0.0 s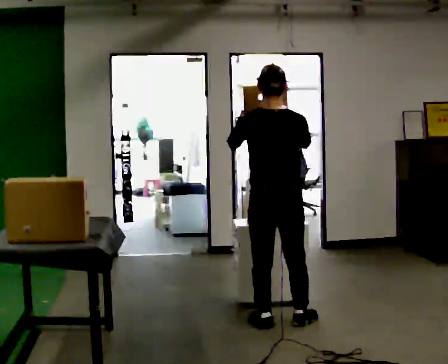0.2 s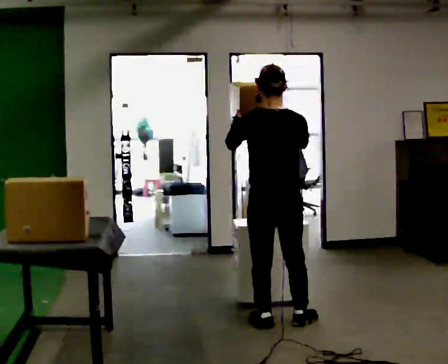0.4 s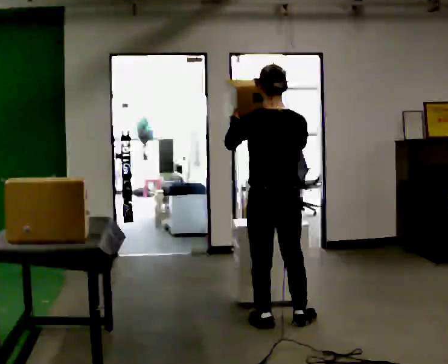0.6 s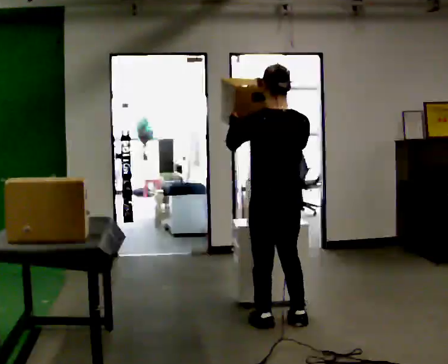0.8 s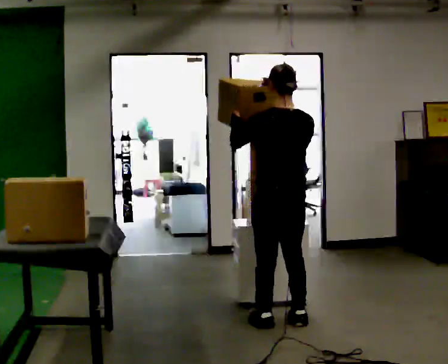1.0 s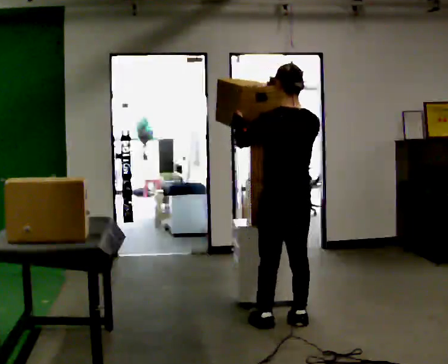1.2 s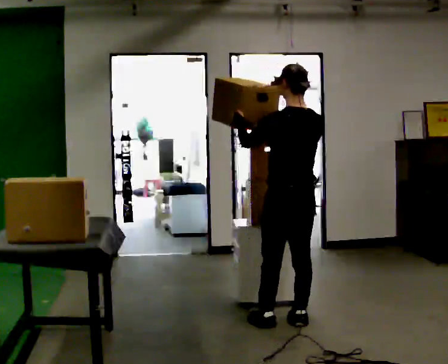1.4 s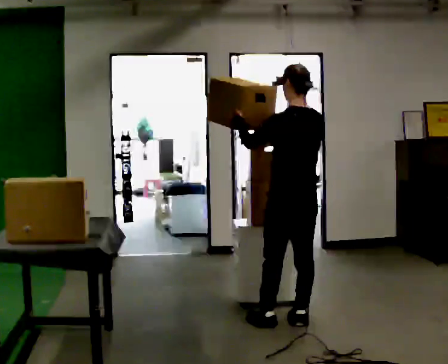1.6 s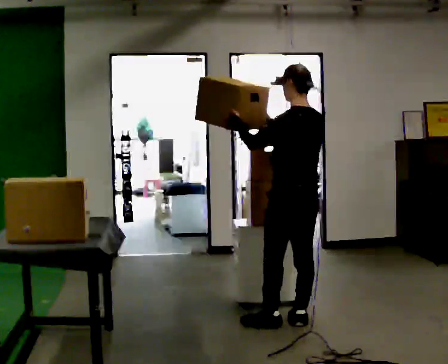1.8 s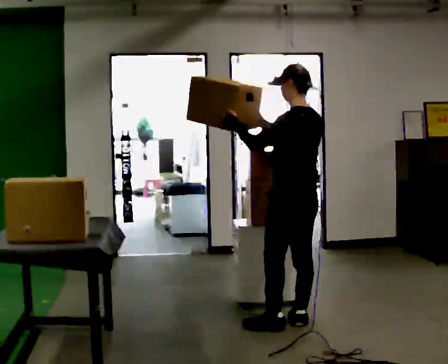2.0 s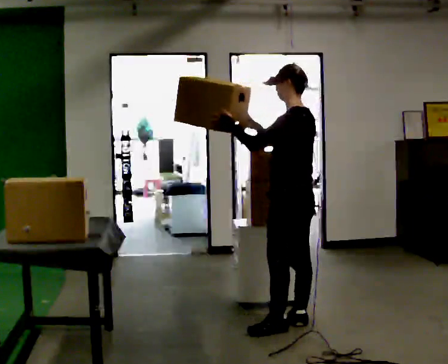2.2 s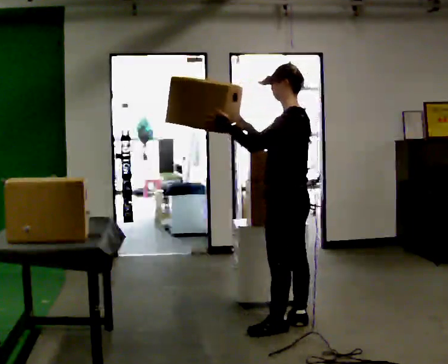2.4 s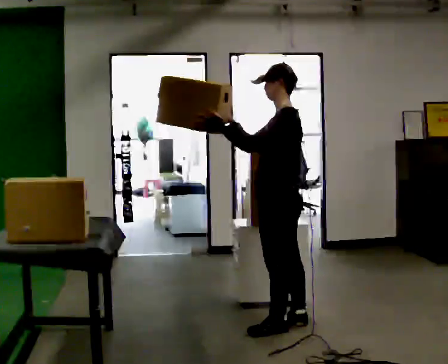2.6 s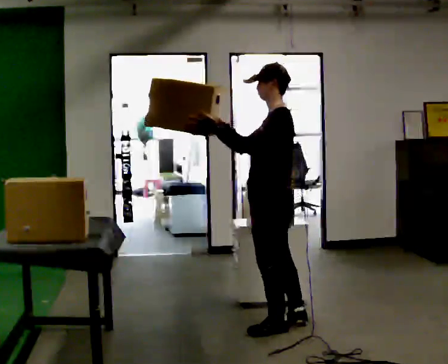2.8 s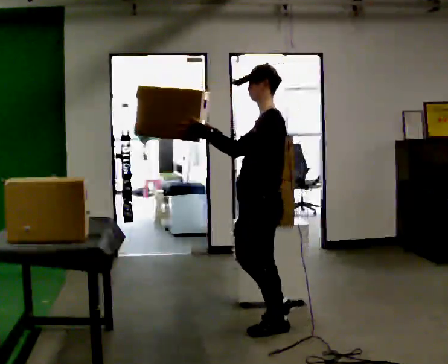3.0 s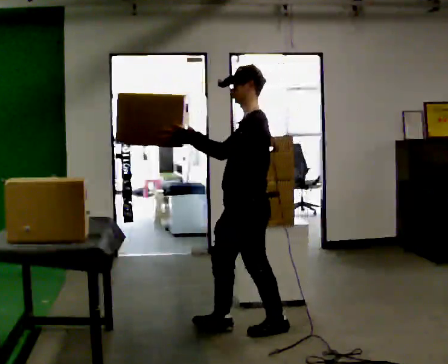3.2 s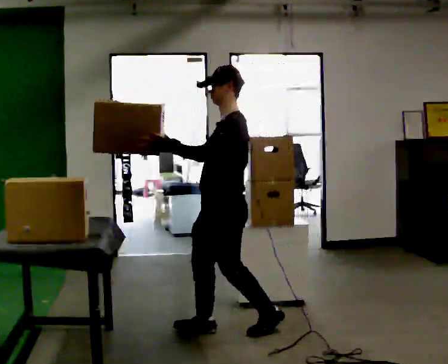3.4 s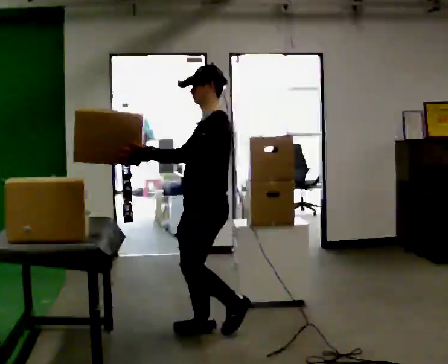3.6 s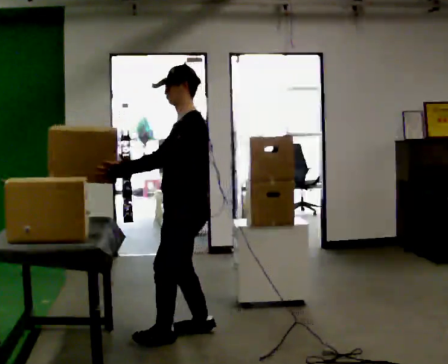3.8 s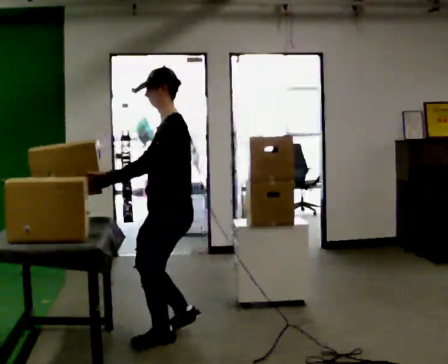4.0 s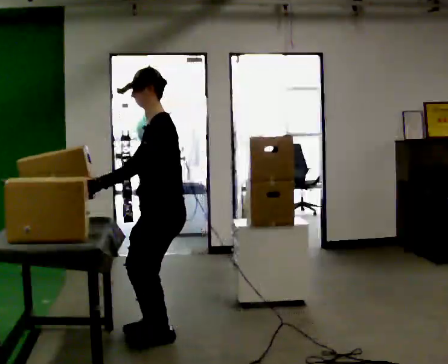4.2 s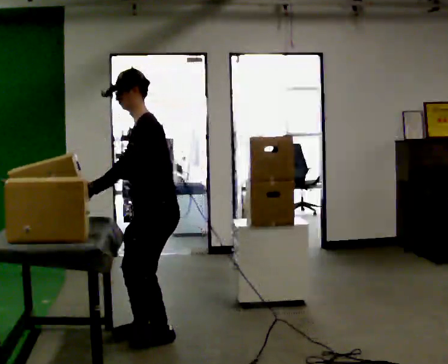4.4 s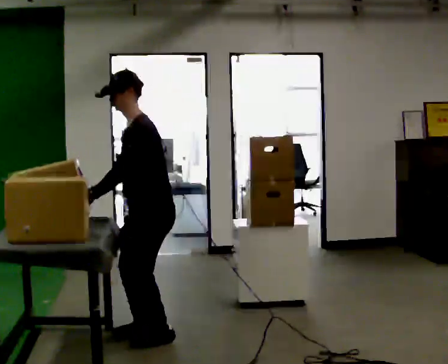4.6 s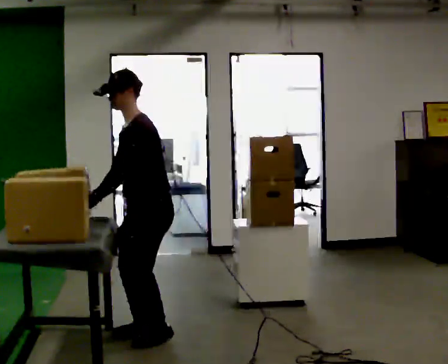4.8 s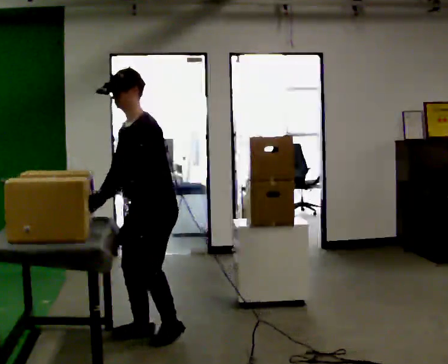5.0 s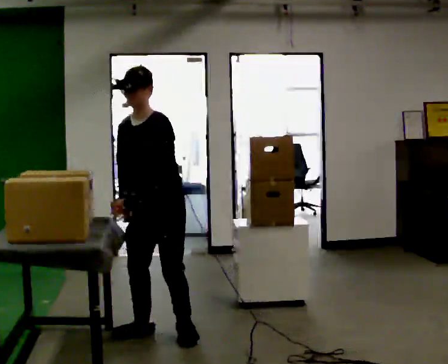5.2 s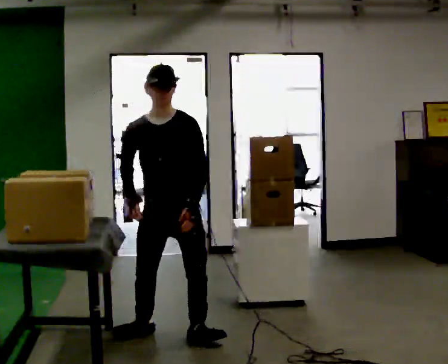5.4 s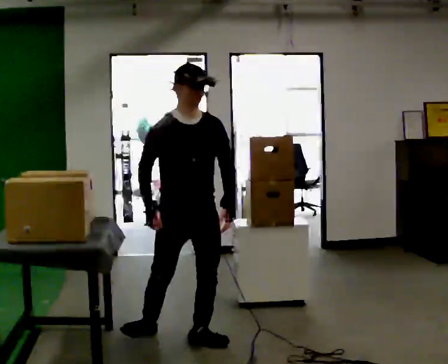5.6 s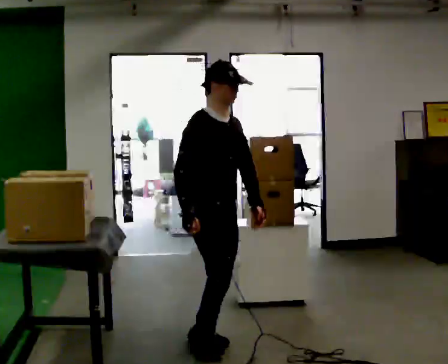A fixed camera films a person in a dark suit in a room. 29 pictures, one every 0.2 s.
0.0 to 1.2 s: The person turns about 30 degrees to their left, counterclockwise seen from above, so the part of the body nearest the lens slides to the right.
1.2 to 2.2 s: The part of the body nearest the lens slides to the right as the person turns to their left by about 30 degrees.
2.2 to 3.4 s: The person turns about 30 degrees to their left, counterclockwise seen from above, so the part of the body nearest the lens slides to the right. In the picture they go to the left, about 0.5 m in 1 step, which for them is forward.
3.4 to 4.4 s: In the picture they go to the left, about 0.25 m in 2 steps, which for them is forward. In the picture the upper body tilts counterclockwise, shoulders to the left, as they bend forward.
4.4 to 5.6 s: The part of the body nearest the lens slides to the right as the person turns to their left by about 135 degrees. In the picture they go to the right and toward the camera, about 0.5 m in 1 step. In the picture the upper body tilts clockwise, shoulders to the right.
The film runs forward here.
